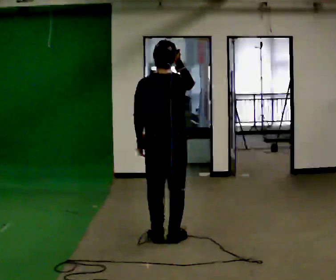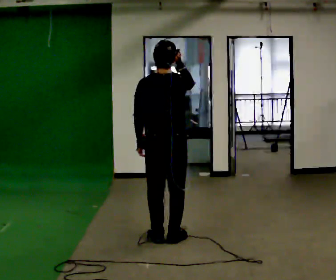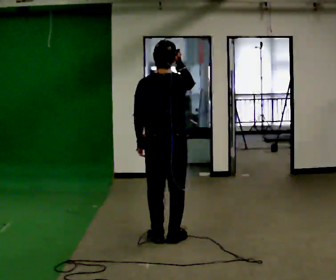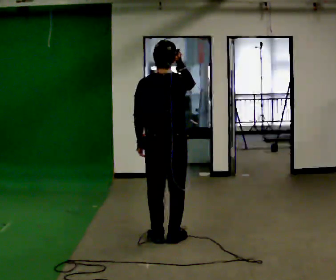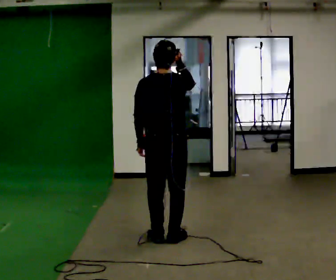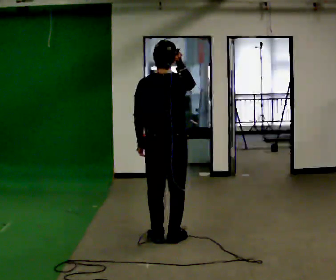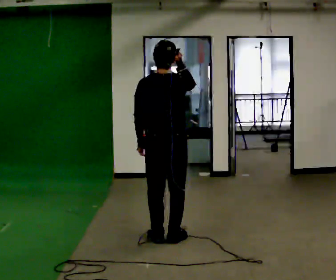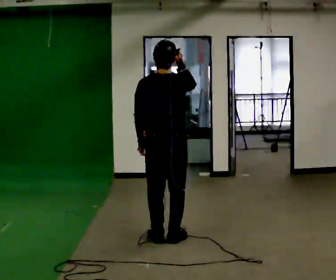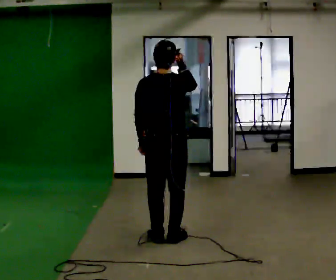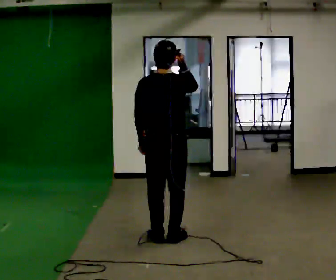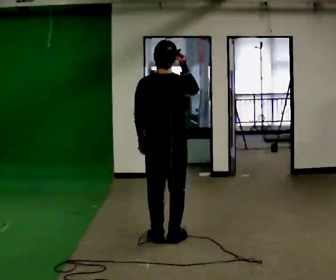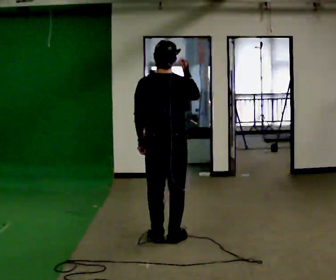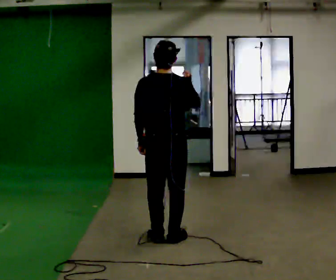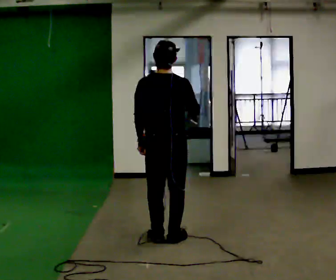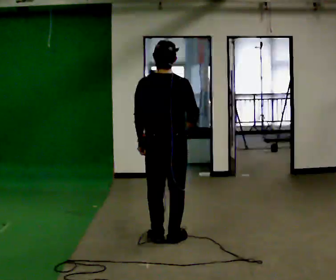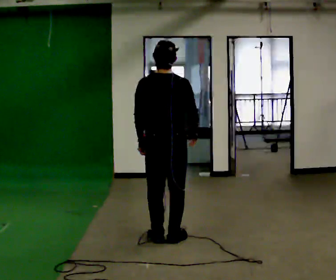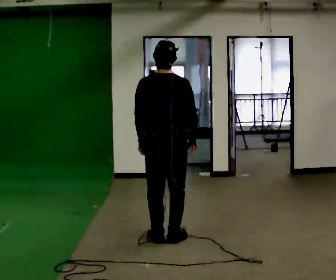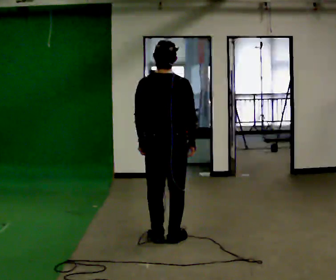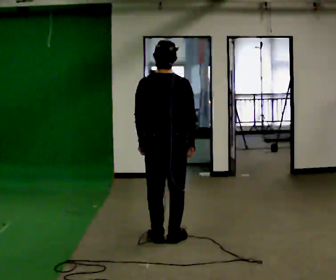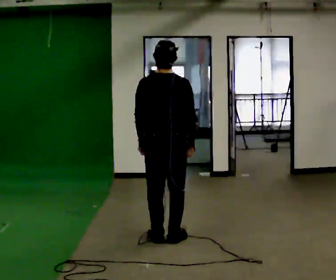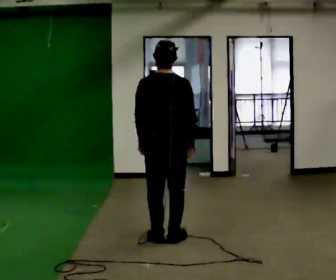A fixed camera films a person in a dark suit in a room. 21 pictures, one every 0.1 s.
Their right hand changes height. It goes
downward.
0.0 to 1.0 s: The person moves a little, or ends about where they began.
1.0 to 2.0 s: In the picture their right hand goes downward.
The film runs backward here.
